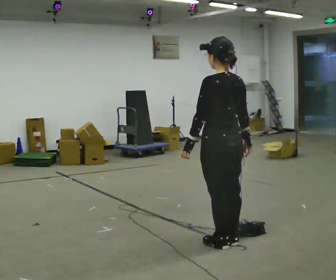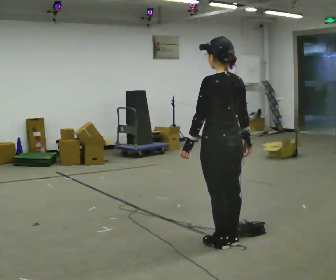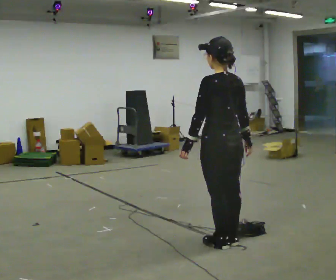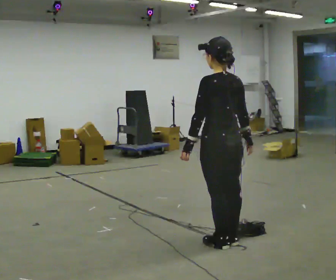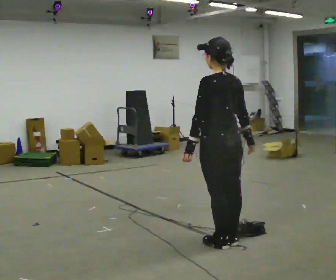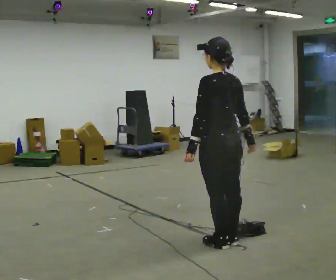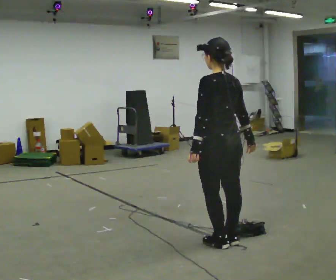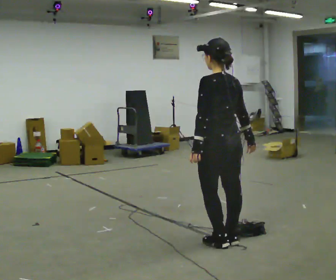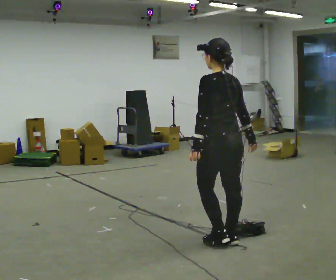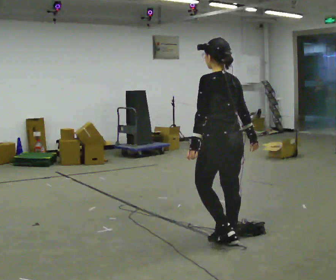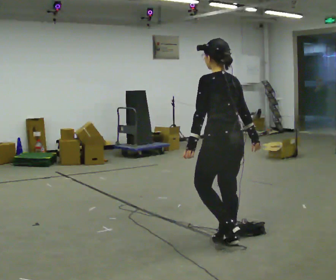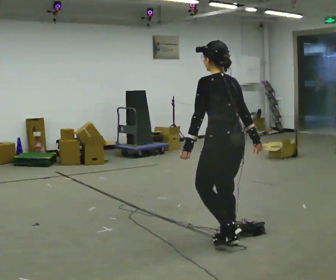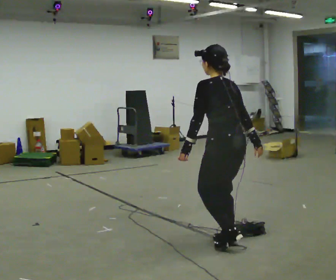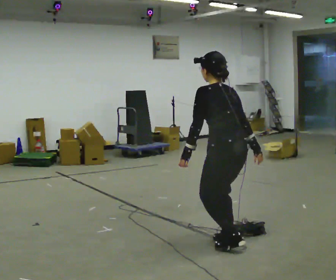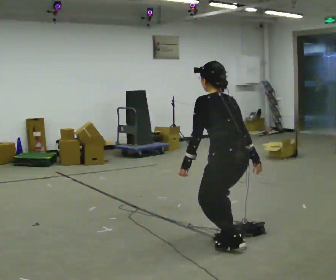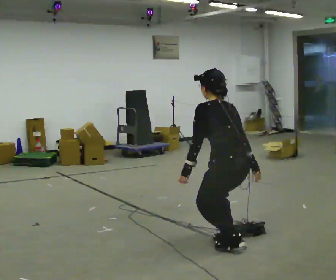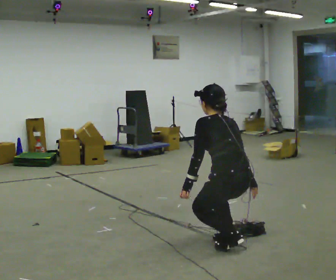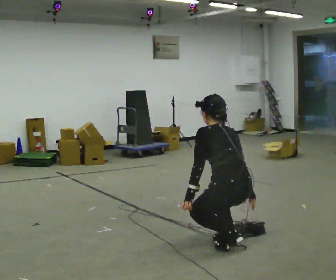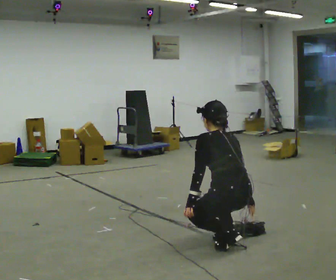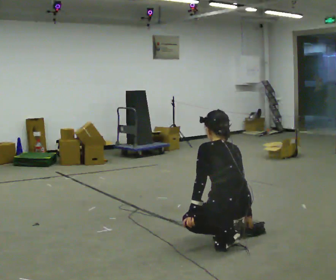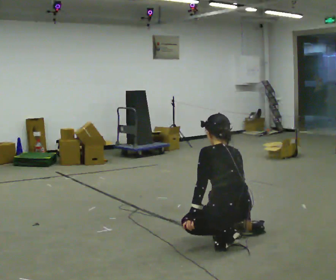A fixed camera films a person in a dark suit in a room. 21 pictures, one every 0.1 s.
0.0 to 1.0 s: The person moves a little, or ends about where they began.
1.0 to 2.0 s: The shoulders move downward. The upper body tips away from the camera, its near side rolling upward, as they bend forward. In the picture their right hand goes downward.
The film runs backward here.
